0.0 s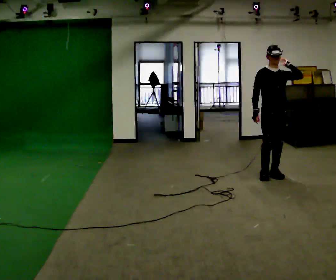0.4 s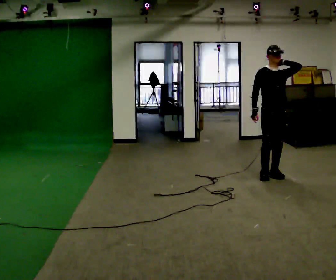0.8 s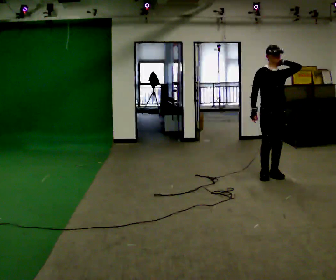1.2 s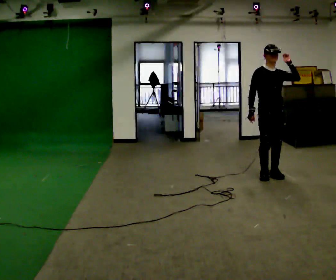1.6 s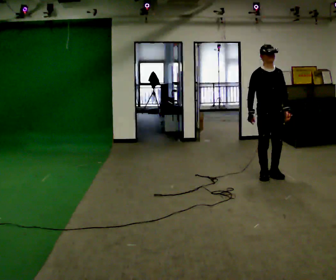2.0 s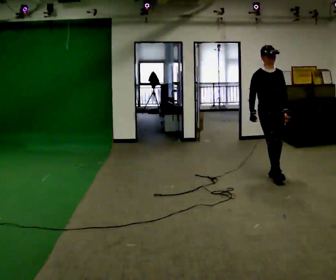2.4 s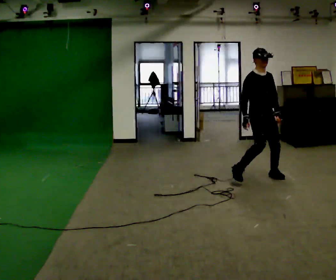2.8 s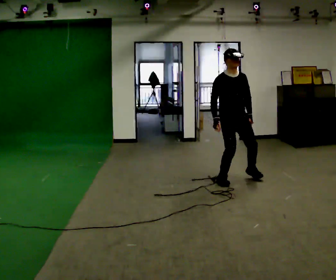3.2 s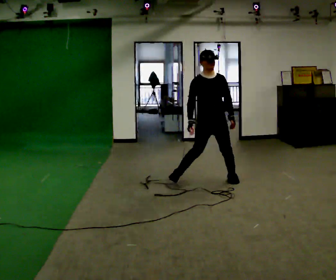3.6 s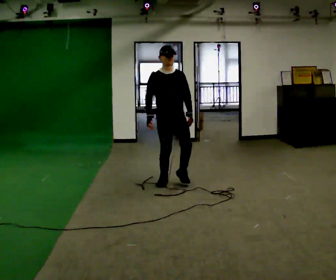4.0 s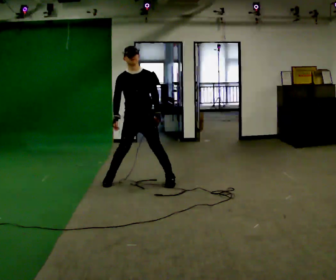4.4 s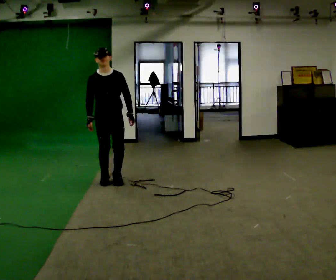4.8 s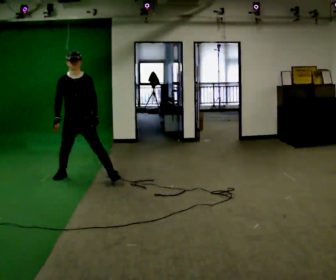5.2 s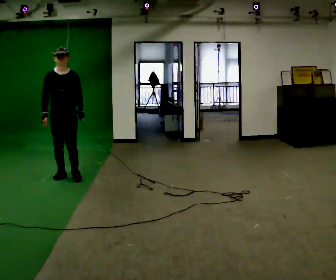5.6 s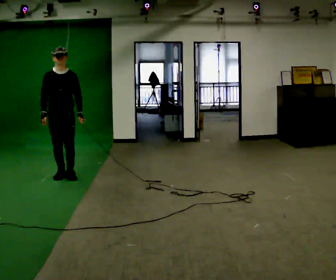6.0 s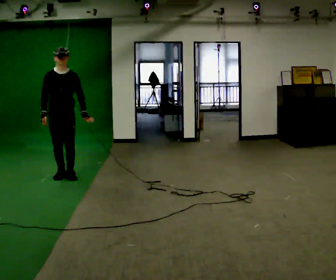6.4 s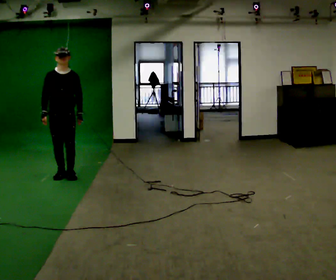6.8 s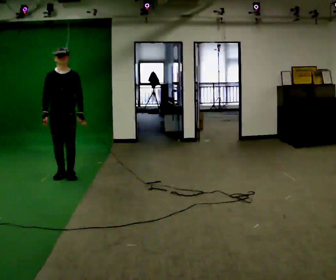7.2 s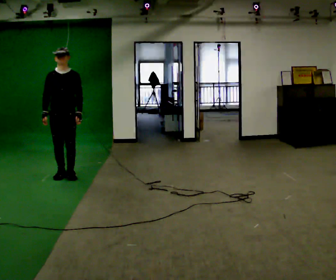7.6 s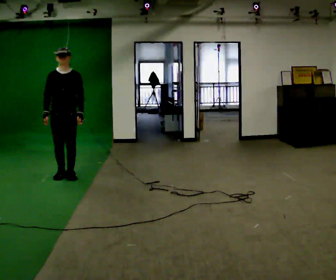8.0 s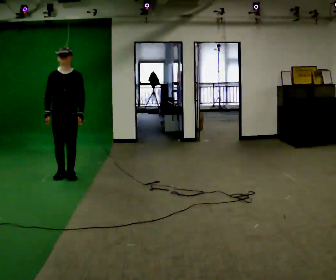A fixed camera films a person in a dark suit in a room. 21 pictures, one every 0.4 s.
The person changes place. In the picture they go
to the left.
0.0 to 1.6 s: In the picture their left hand goes downward.
1.6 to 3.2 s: In the picture they go to the left, about 0.5 m in 3 steps, which for them is to their right.
3.2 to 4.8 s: In the picture they go to the left, about 1.5 m in 5 steps, which for them is to their right.
4.8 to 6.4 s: In the picture they go to the left, about 0.25 m, which for them is to their right and backward.
6.4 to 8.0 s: The person moves a little, or ends about where they began.
The film runs backward here.
